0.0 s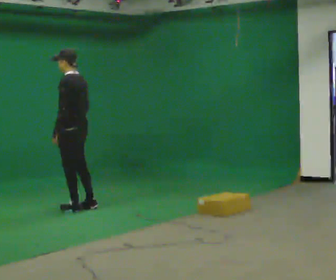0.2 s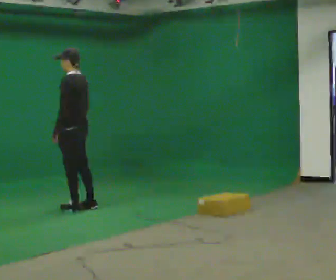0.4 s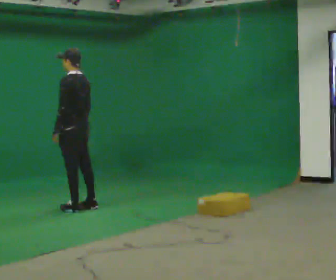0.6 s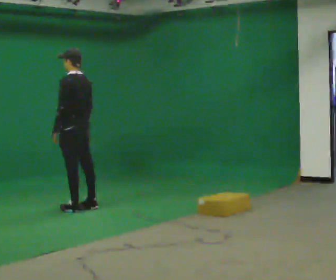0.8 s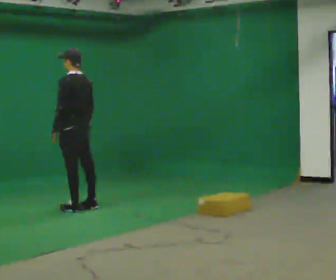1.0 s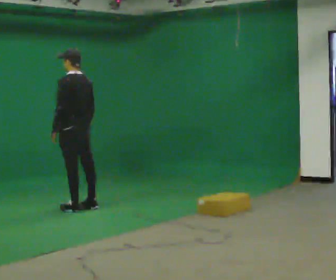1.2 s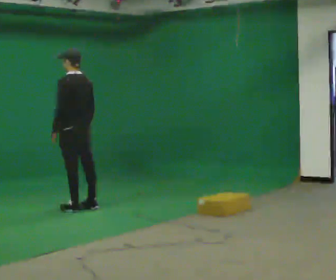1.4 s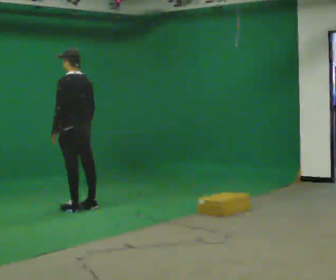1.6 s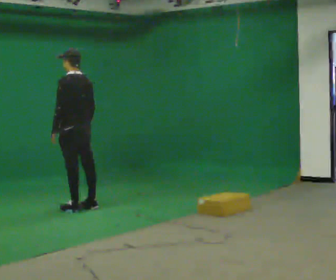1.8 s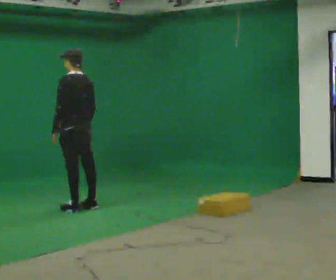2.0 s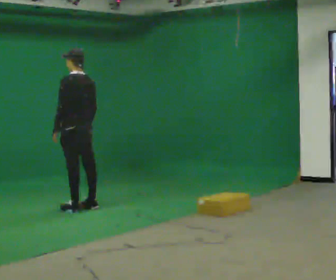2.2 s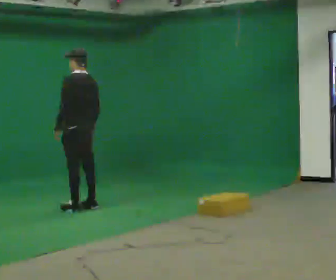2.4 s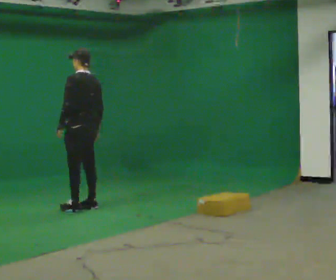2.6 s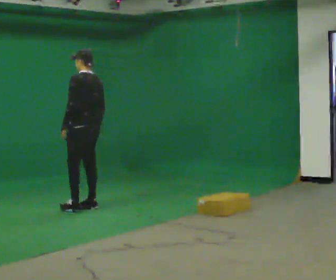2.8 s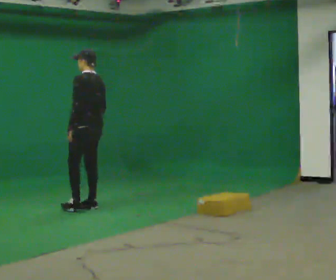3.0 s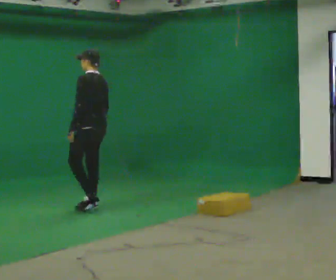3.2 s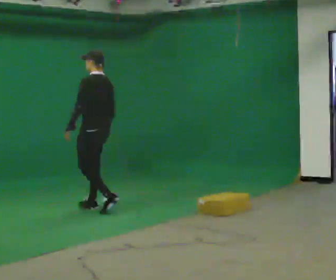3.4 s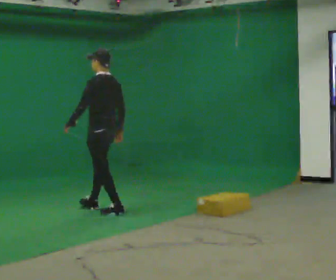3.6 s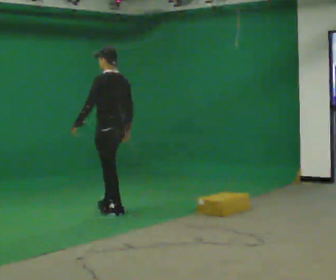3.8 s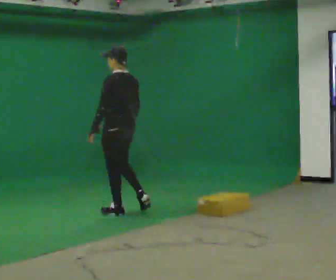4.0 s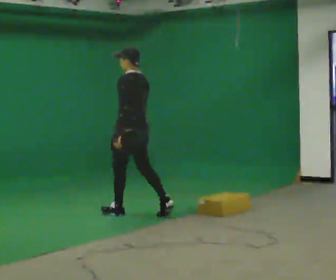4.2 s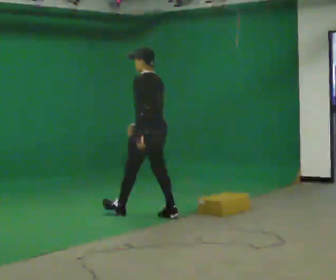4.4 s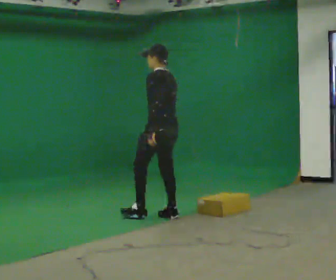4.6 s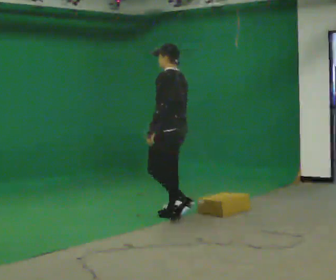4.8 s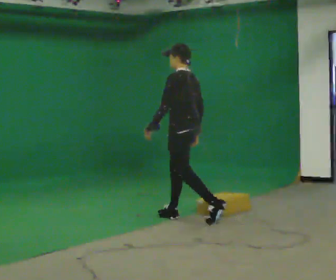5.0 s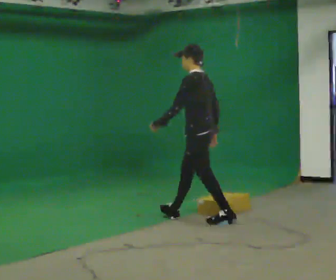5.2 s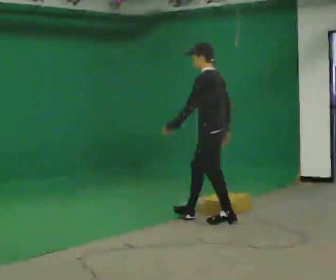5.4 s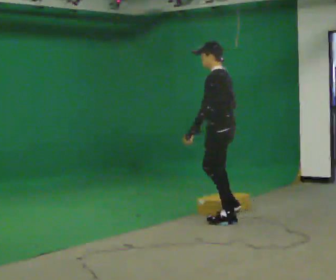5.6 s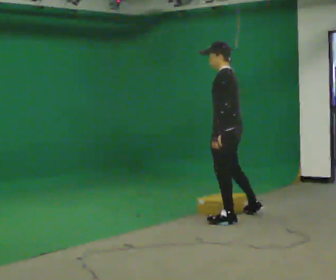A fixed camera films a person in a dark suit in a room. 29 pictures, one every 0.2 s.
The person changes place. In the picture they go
to the right.
0.0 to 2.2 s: The person moves a little, or ends about where they began.
2.2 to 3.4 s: In the picture they go to the right and toward the camera, about 0.25 m in 1 step, which for them is backward.
3.4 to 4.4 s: In the picture they go to the right and toward the camera, about 0.5 m in 2 steps, which for them is backward.
4.4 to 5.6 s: In the picture they go to the right and toward the camera, about 0.5 m in 1 step, which for them is backward.
The film runs backward here.
